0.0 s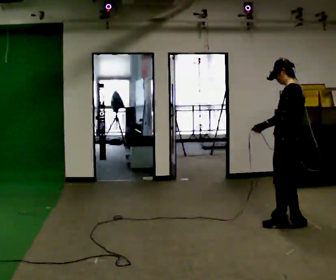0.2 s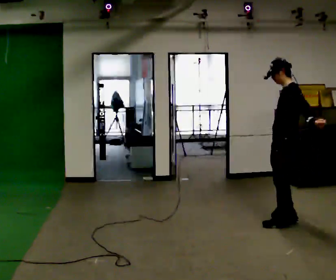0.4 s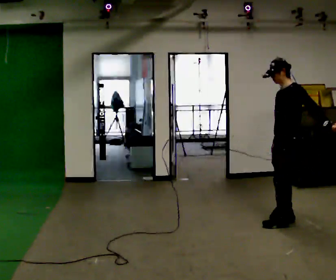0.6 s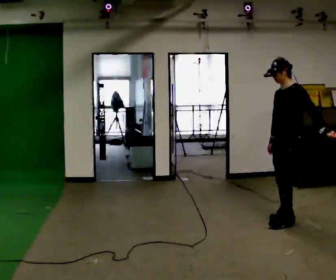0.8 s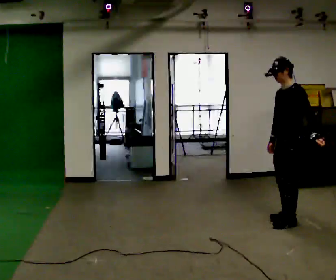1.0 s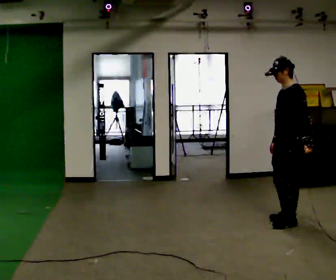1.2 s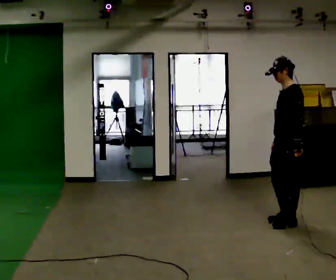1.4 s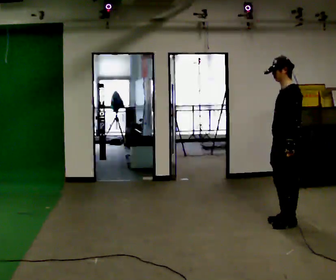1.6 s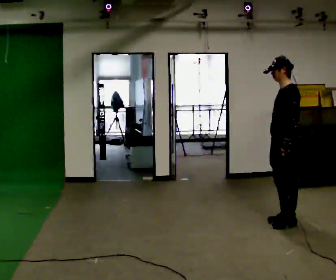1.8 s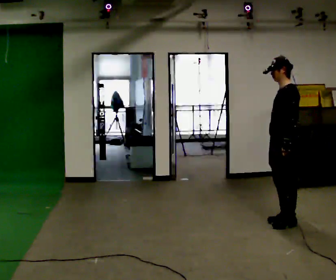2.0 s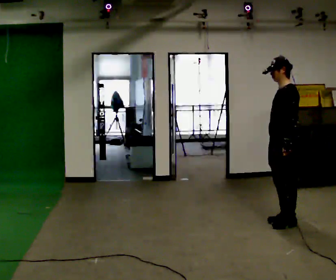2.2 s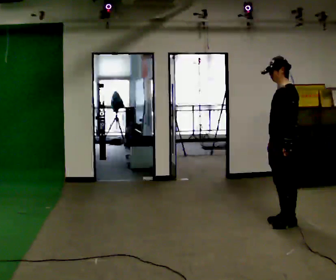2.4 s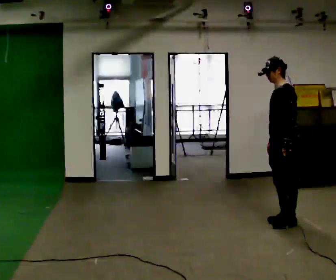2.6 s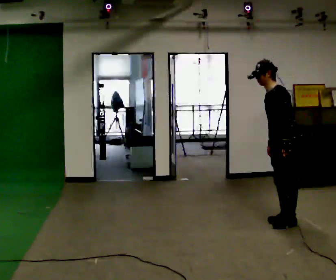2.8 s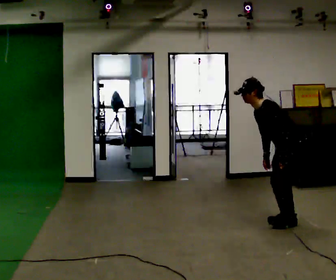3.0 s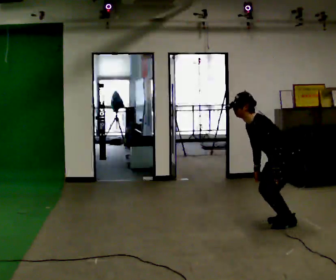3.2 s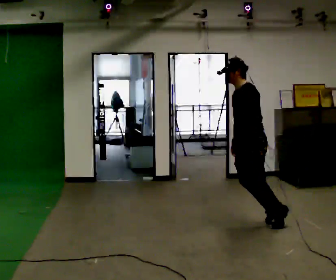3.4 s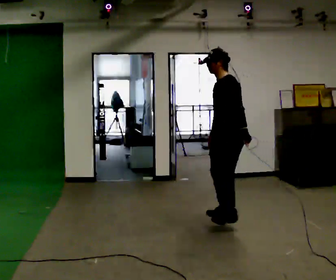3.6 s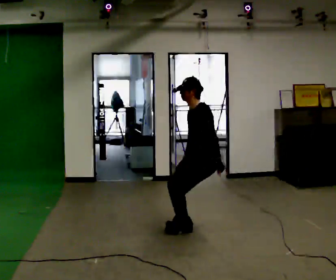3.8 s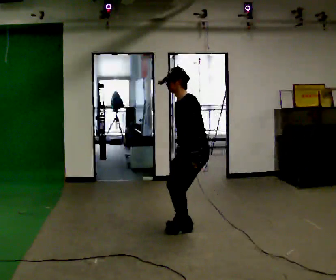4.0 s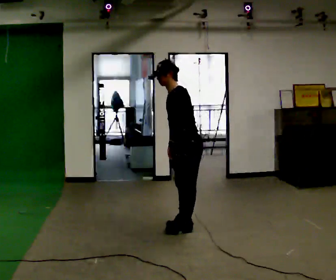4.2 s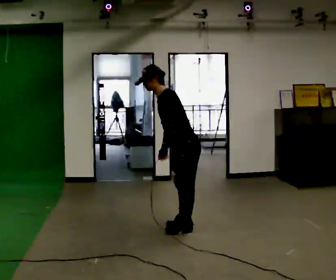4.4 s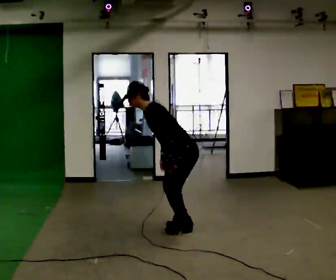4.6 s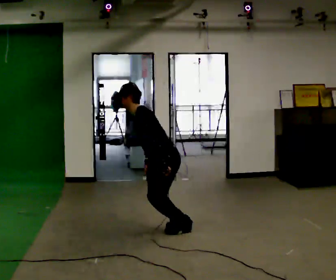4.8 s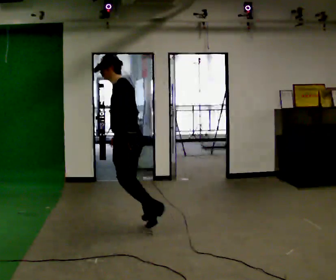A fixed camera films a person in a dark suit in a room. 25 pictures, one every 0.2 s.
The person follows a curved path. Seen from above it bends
counterclockwise.
The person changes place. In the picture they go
to the left.
0.0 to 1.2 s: The part of the body nearest the lens slides to the right as the person turns to their left by about 30 degrees.
1.2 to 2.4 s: The person moves a little, or ends about where they began.
2.4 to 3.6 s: In the picture they go to the left, about 1 m in 2 steps, which for them is forward.
3.6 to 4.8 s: In the picture they go to the left, about 0.5 m, which for them is forward.
The film runs forward here.
